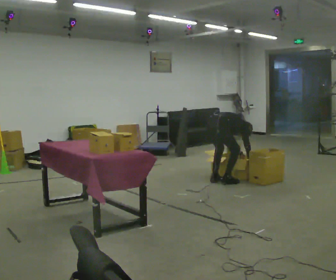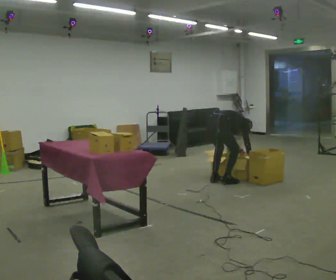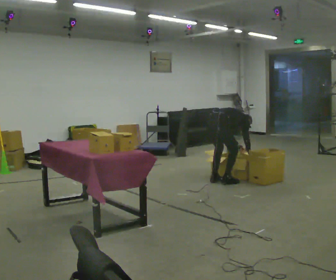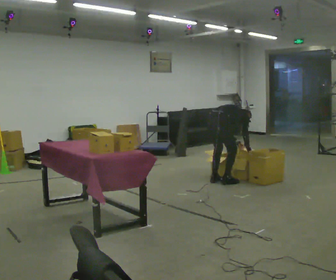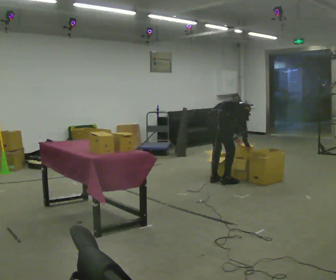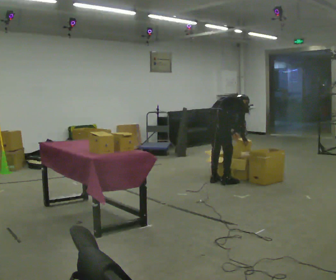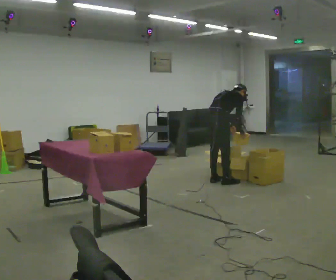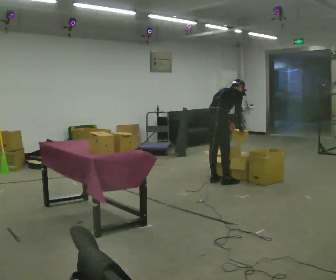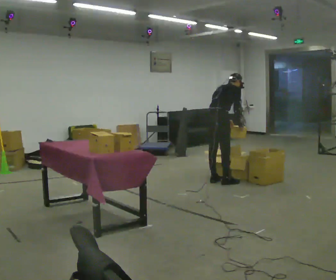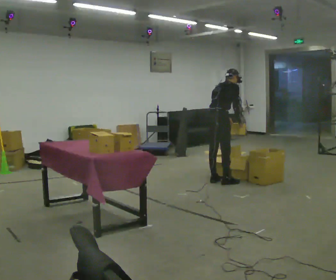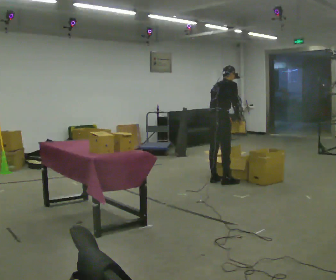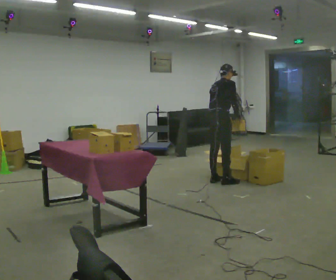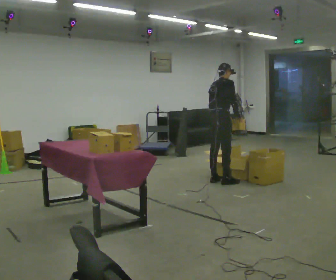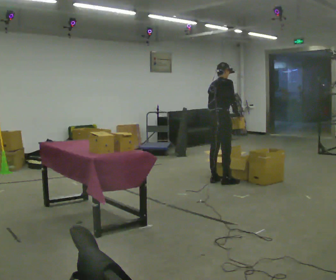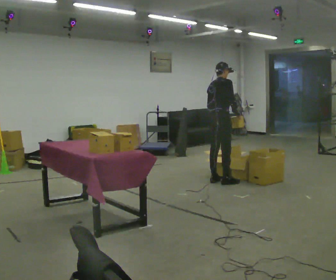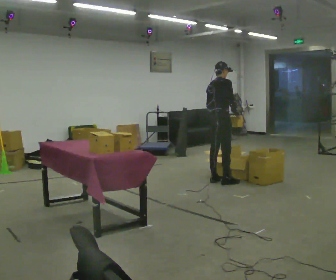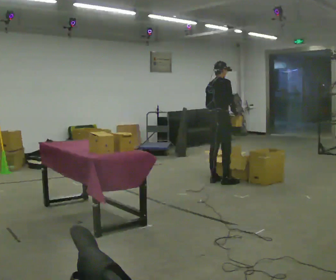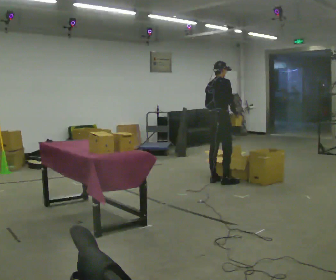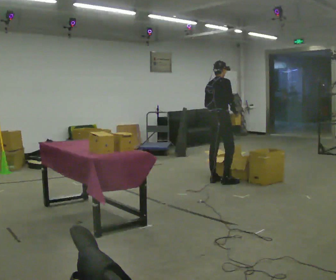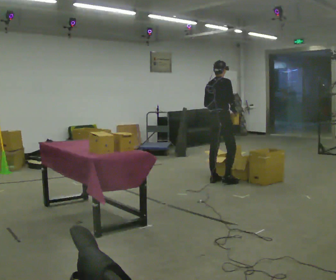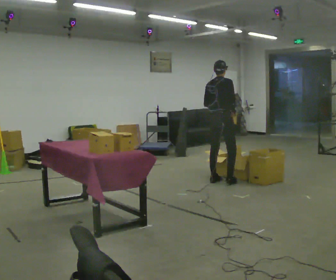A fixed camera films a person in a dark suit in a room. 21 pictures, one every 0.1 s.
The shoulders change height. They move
upward.
The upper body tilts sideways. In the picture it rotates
counterclockwise.
0.0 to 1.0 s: The shoulders move upward. In the picture the upper body tilts counterclockwise, shoulders to the left, as they lean back or straighten. In the picture their left hand goes upward.
1.0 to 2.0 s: In the picture the upper body tilts counterclockwise, shoulders to the left, as they lean back or straighten.
The film runs forward here.
